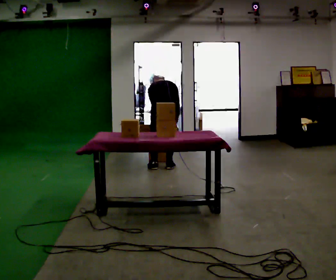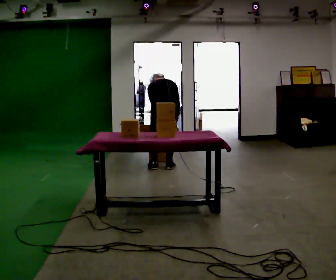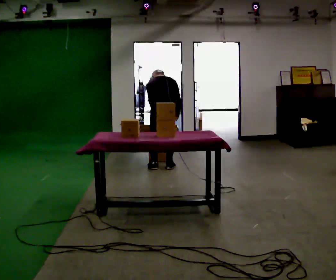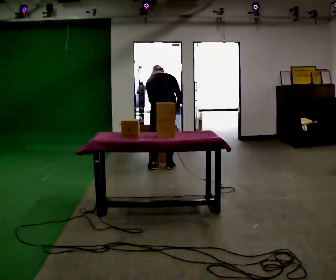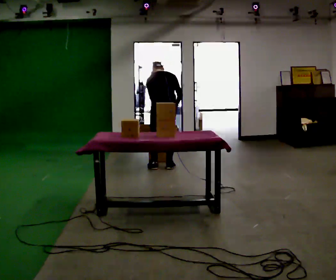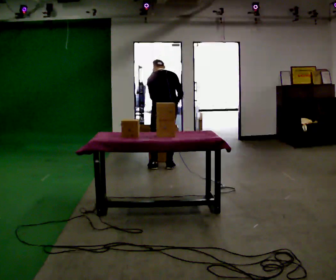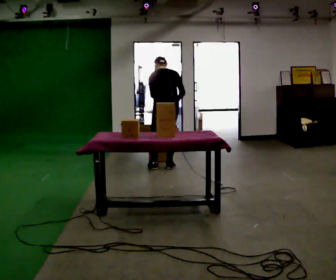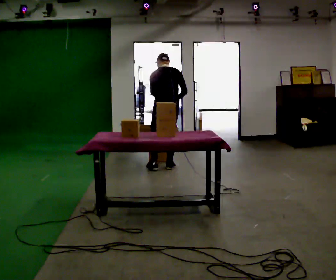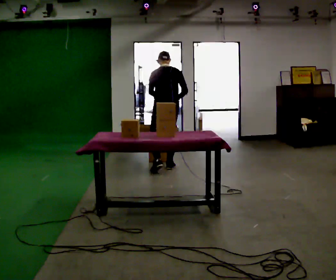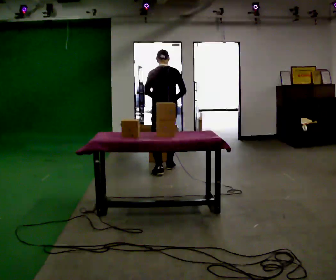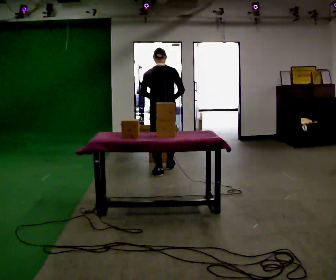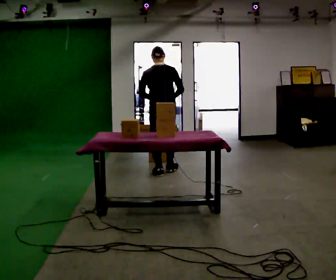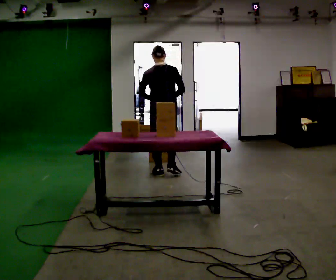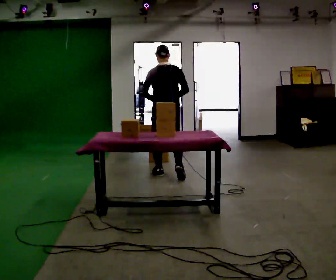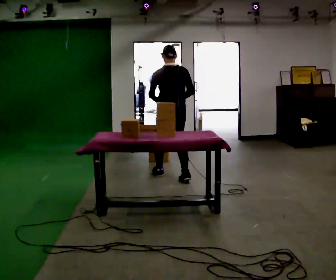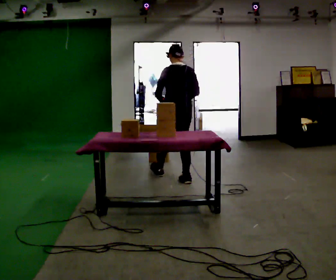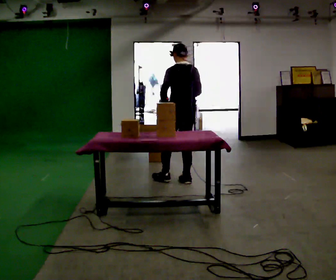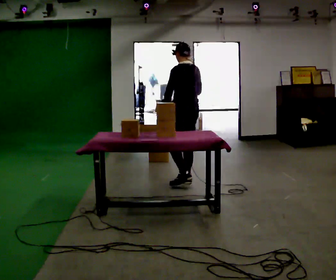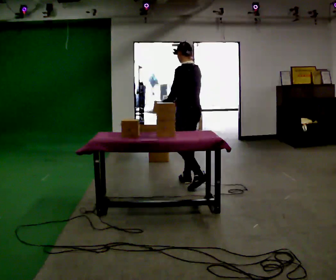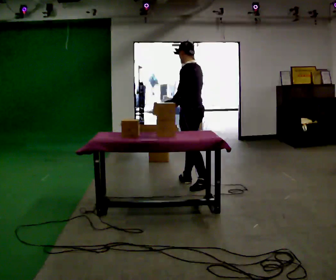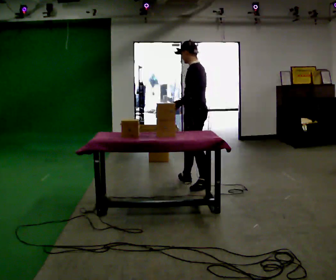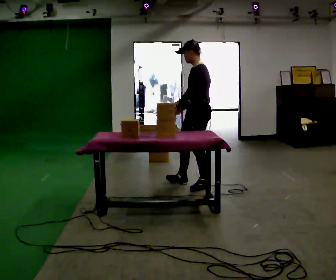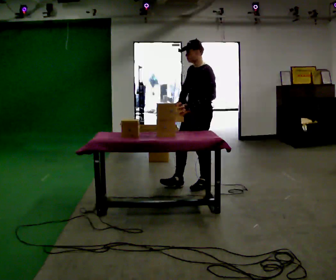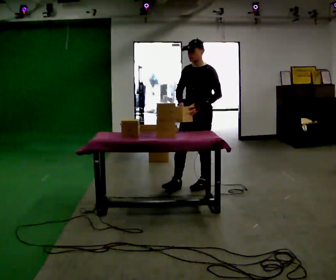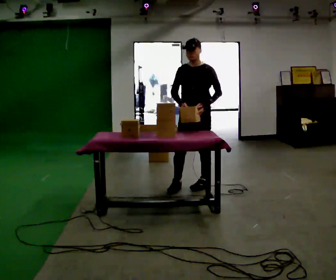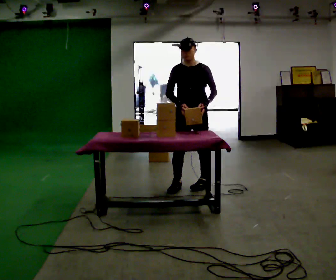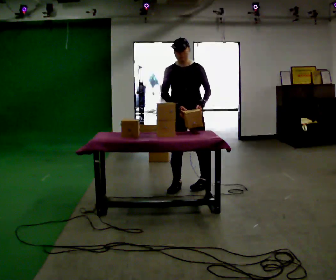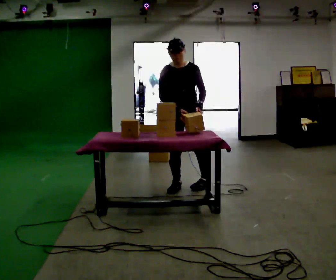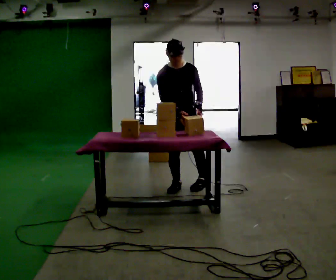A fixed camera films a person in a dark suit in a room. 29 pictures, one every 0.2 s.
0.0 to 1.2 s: The upper body goes upward. The upper body tips toward the camera, its near side rolling downward, as they lean back or straighten.
1.2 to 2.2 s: In the picture they go toward the camera, about 0.25 m in 2 steps, which for them is backward. The upper body tips toward the camera, its near side rolling downward, as they lean back or straighten.
2.2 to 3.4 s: The person turns about 30 degrees to their left, counterclockwise seen from above, so the part of the body nearest the lens slides to the right. In the picture they go toward the camera and to the right, about 0.5 m in 1 step, which for them is backward and to their right.
3.4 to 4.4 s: The person turns about 75 degrees to their left, counterclockwise seen from above, so the part of the body nearest the lens slides to the right. In the picture they go toward the camera and to the right, about 0.25 m in 1 step.
4.4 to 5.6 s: The part of the body nearest the lens slides to the right as the person turns to their left by about 75 degrees. In the picture they go to the left, about 0.25 m.
The film runs backward here.
